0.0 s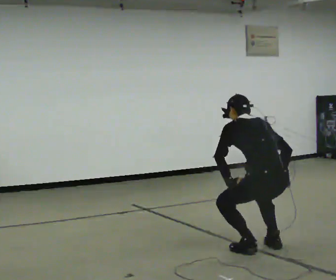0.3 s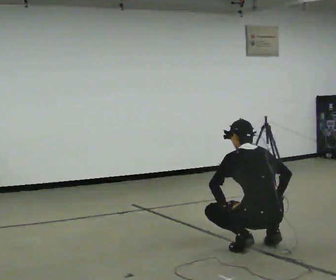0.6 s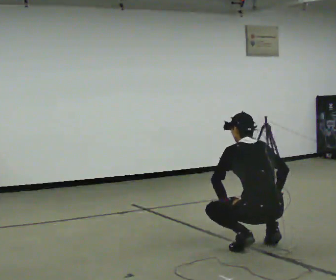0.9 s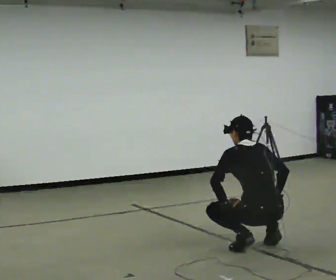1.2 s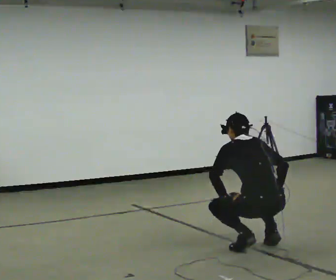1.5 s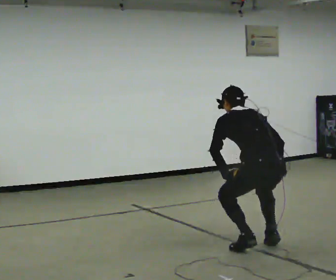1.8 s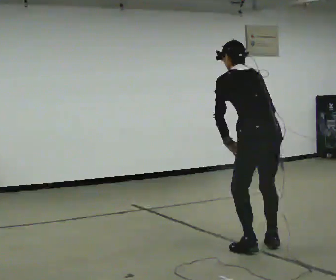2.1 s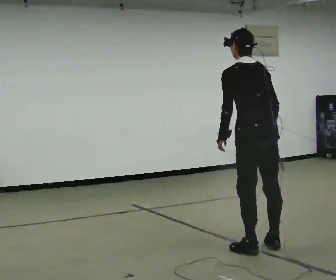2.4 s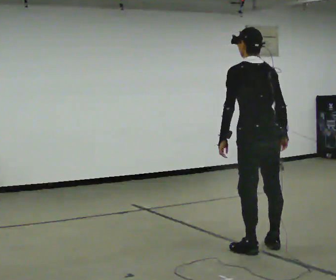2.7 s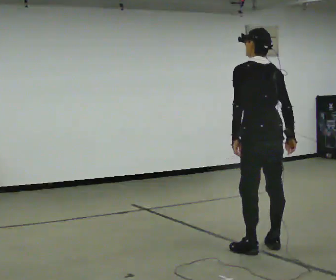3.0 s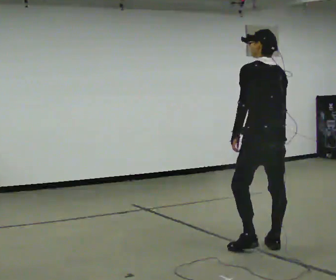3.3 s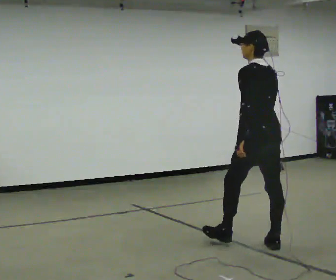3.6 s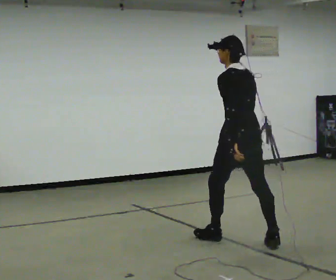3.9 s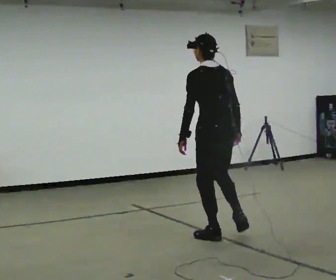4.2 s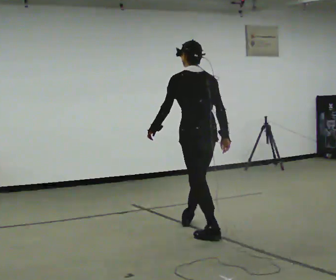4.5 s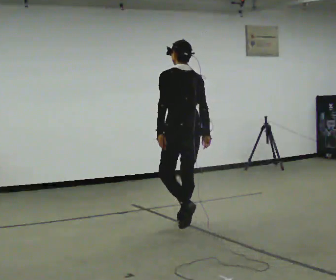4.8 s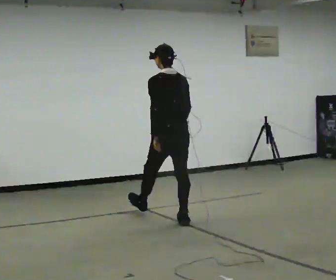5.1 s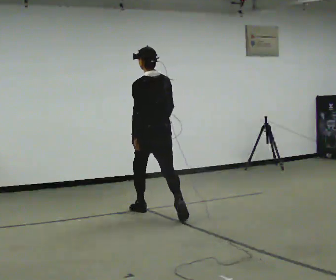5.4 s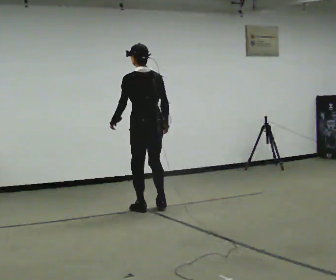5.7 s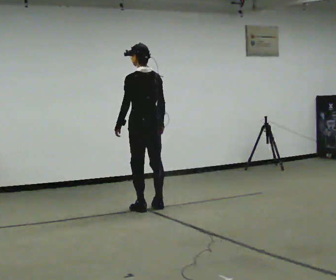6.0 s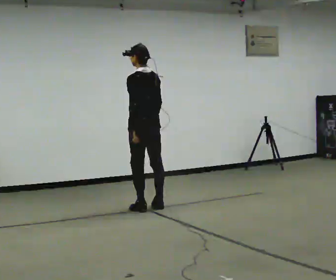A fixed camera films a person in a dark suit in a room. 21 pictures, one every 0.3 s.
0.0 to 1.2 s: The person moves a little, or ends about where they began.
1.2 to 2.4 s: The upper body goes upward. The upper body tips toward the camera, its near side rolling downward, as they lean back or straighten. In the picture their left hand goes upward.
2.4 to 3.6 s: In the picture they go away from the camera and to the left, about 0.25 m in 1 step, which for them is forward.
3.6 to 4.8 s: In the picture they go away from the camera and to the left, about 1 m in 1 step, which for them is forward.
4.8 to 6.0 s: In the picture they go away from the camera and to the left, about 0.5 m in 2 steps, which for them is forward.
The film runs forward here.
